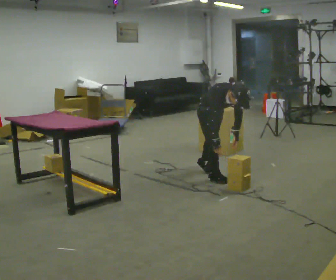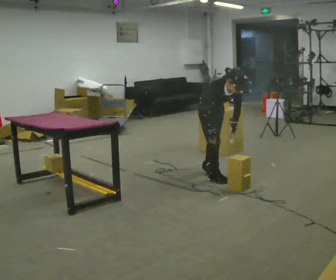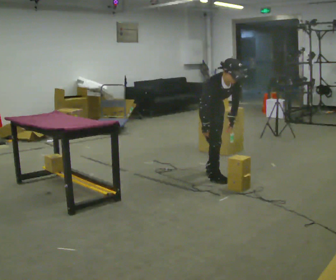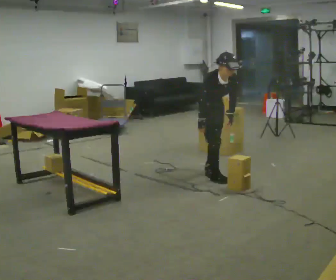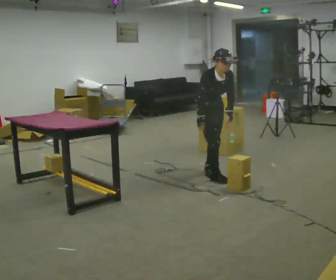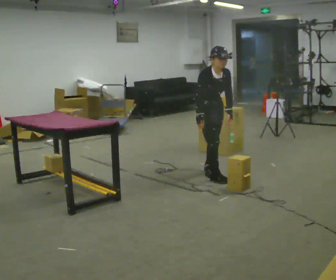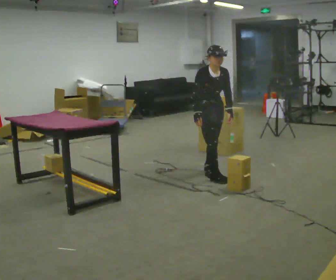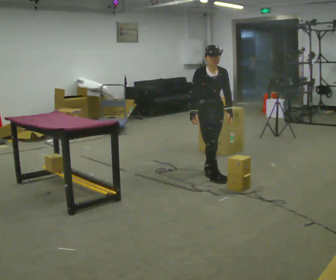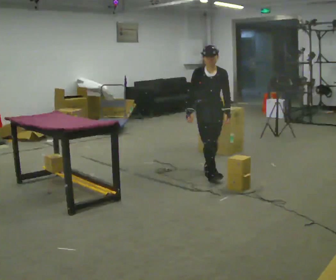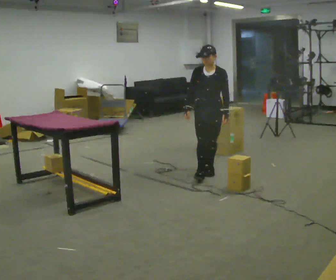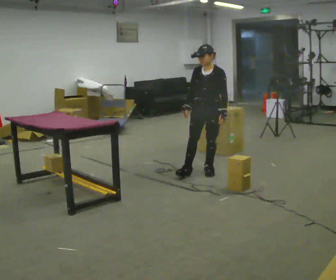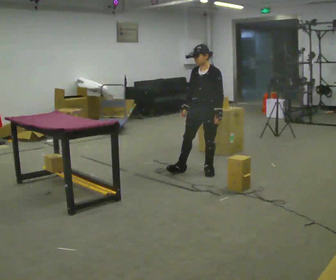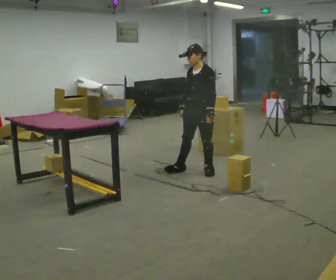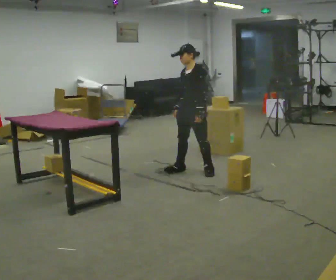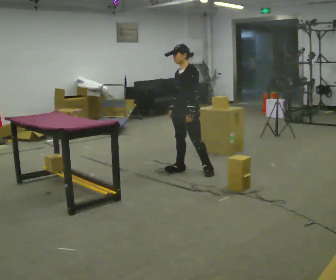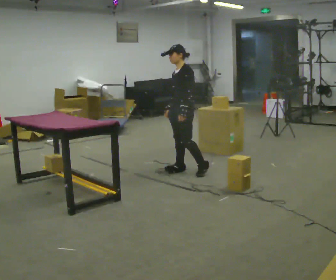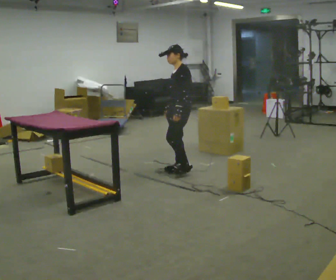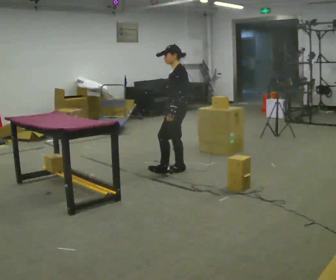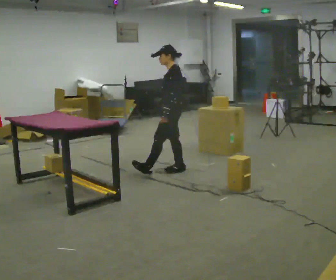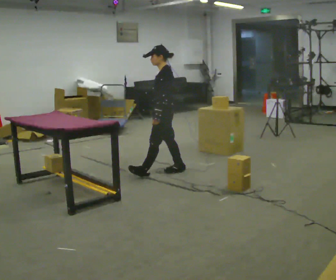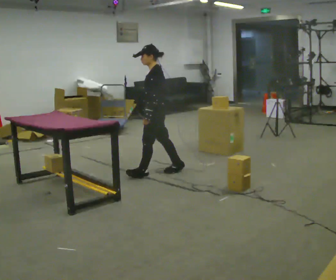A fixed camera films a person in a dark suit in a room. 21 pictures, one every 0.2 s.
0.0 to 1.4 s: In the picture they go away from the camera, about 0.25 m in 1 step, which for them is to their left. The shoulders move upward. The upper body tips away from the camera, its near side rolling upward, as they lean back or straighten.
1.4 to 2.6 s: Seen from above the body turns clockwise, about 75 degrees: to their right, with its near side sliding to the left. In the picture they go to the left, about 0.25 m in 1 step.
2.6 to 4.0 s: Seen from above the body turns clockwise, about 30 degrees: to their right, with its near side sliding to the left. In the picture they go to the left, about 0.5 m in 1 step, which for them is forward.
The film runs forward here.
